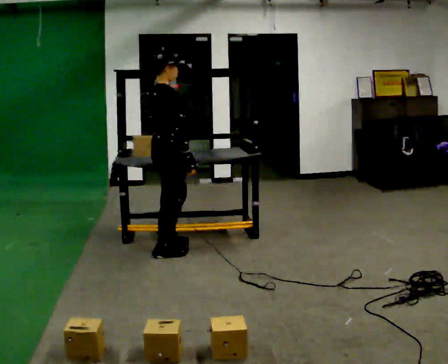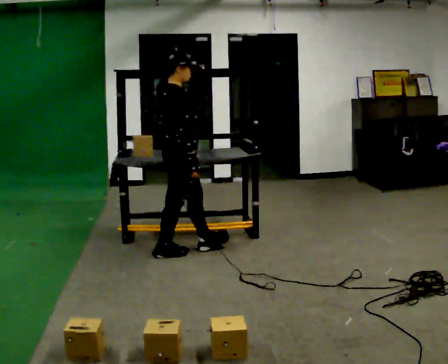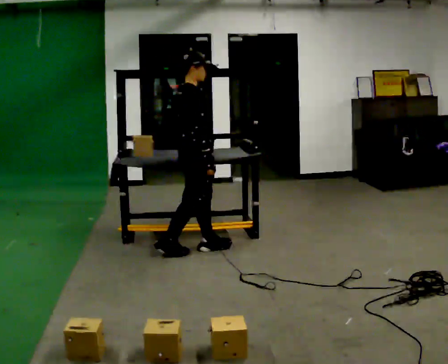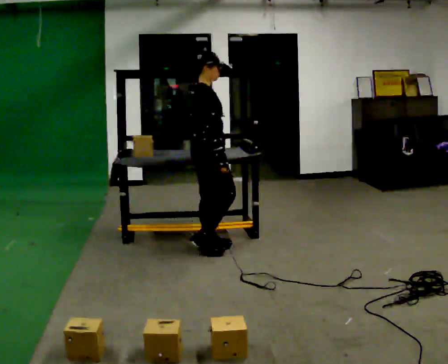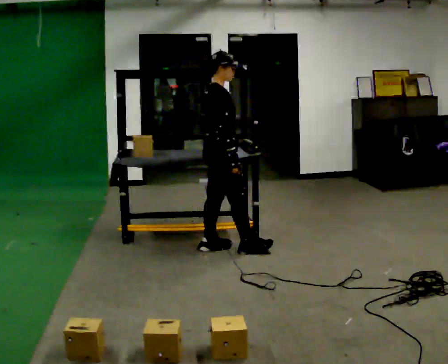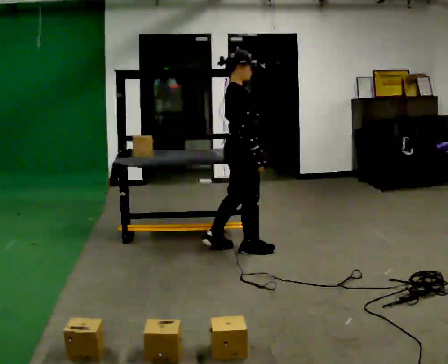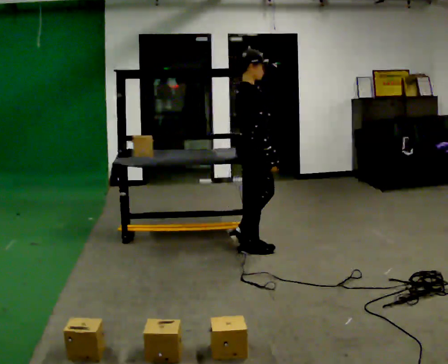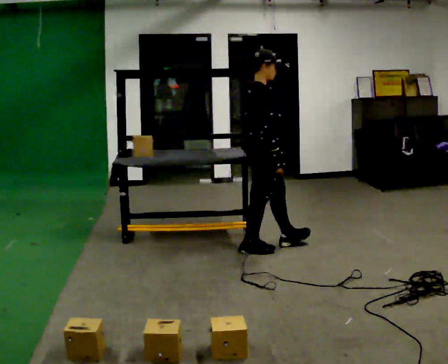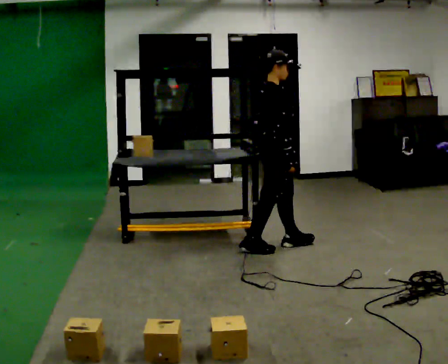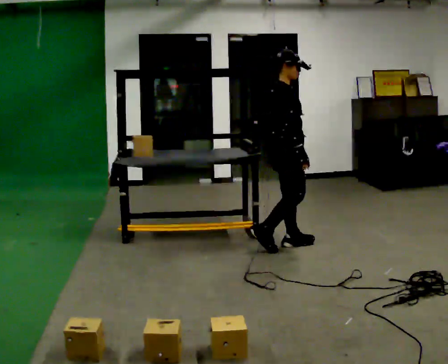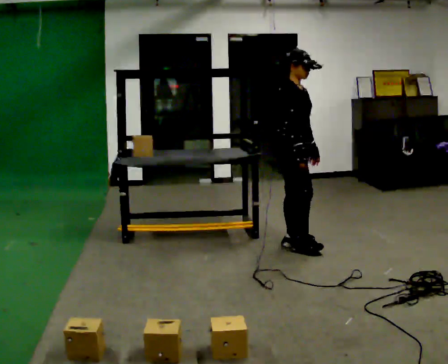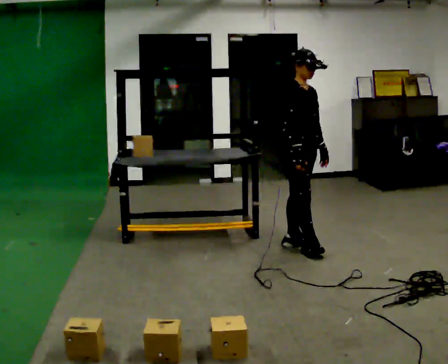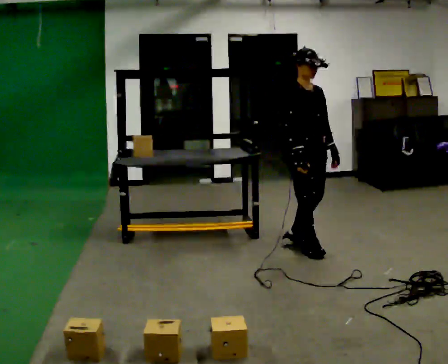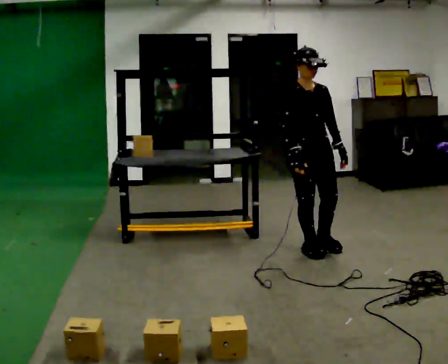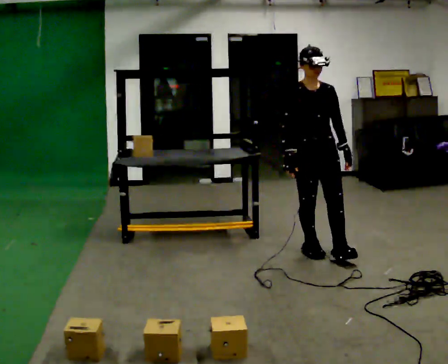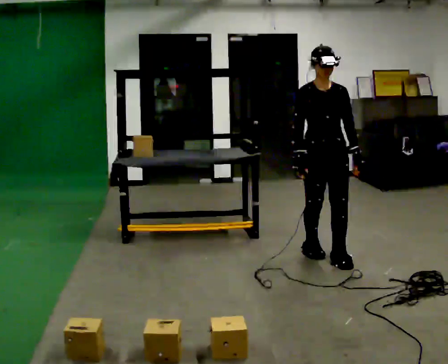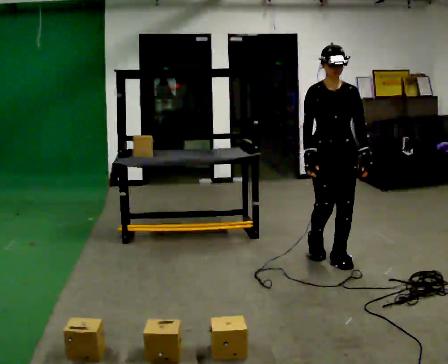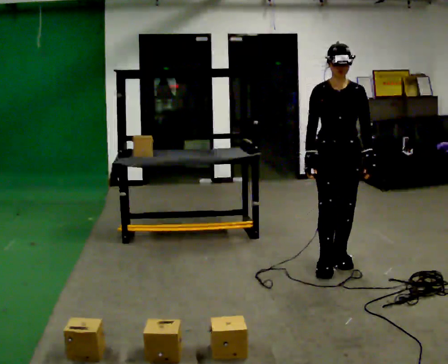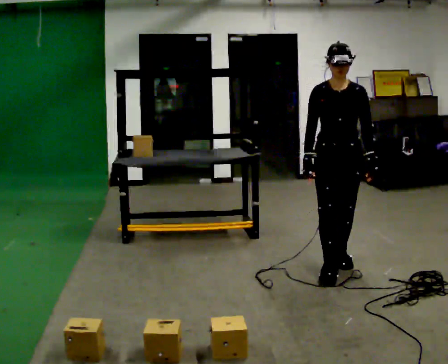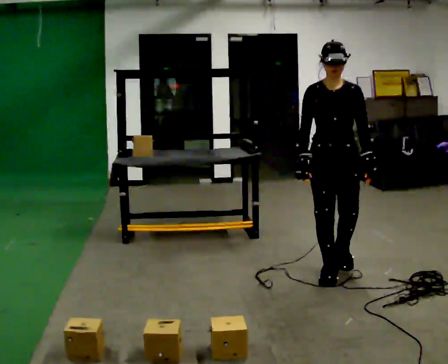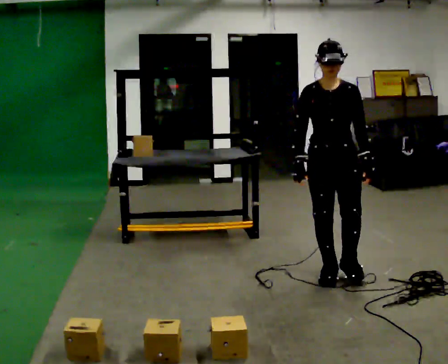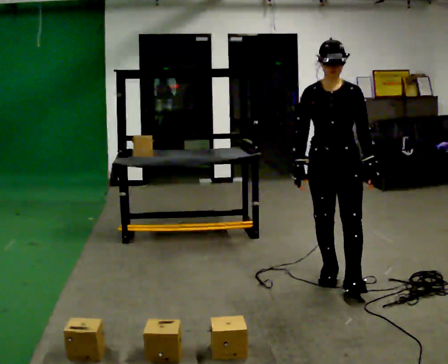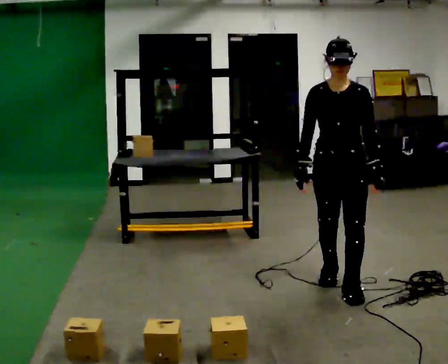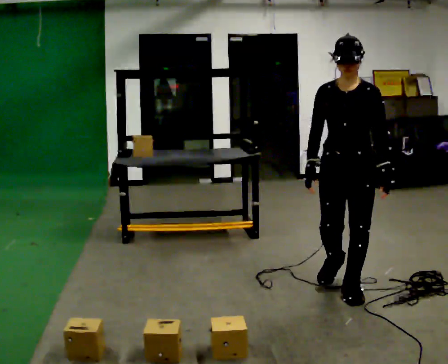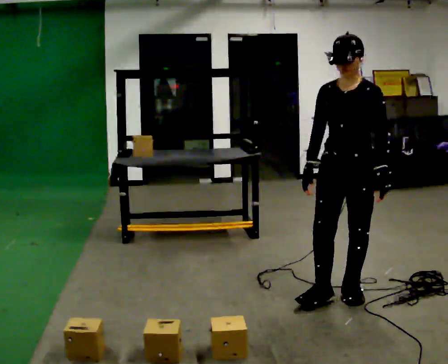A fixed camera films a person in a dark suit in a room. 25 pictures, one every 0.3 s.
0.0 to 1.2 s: In the picture they go to the right and away from the camera, about 0.5 m in 2 steps, which for them is forward.
1.2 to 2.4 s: In the picture they go to the right, about 0.5 m in 1 step, which for them is forward.
2.4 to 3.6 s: Seen from above the body turns clockwise, about 45 degrees: to their right, with its near side sliding to the left. In the picture they go to the right, about 0.25 m in 1 step, which for them is forward. In the picture their left hand goes to the right.
3.6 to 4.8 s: The person turns about 45 degrees to their right, clockwise seen from above, so the part of the body nearest the lens slides to the left. In the picture they go toward the camera and to the right, about 0.25 m in 1 step, which for them is forward.
4.8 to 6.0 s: In the picture they go toward the camera, about 0.25 m in 1 step, which for them is forward.
6.0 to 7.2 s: In the picture they go toward the camera, about 0.25 m in 1 step, which for them is forward.
The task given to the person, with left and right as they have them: Carry the box over and put it on the shelf with the label facing out towards you. Get the orientation right, not just the position. Keep going until the operator says stop; one object at a time, and do not rush between trips.
The film runs forward here.
